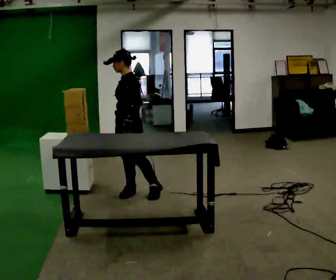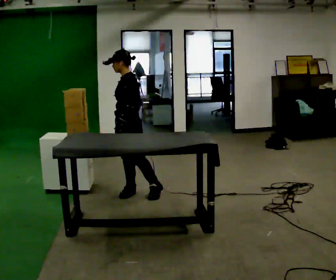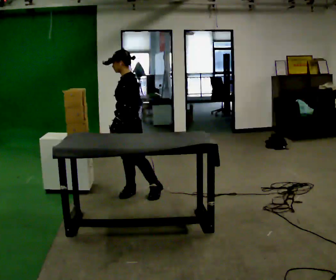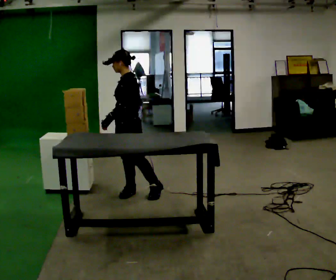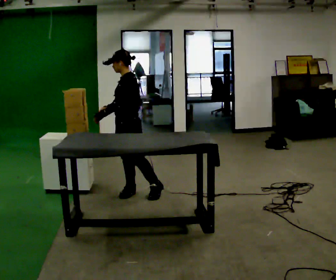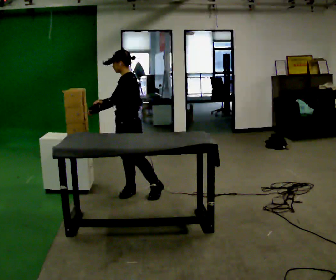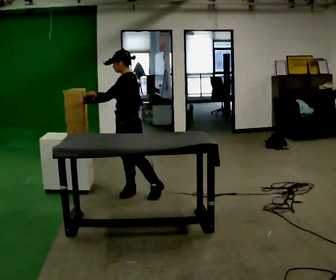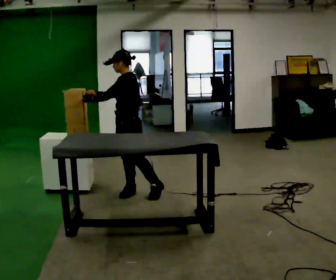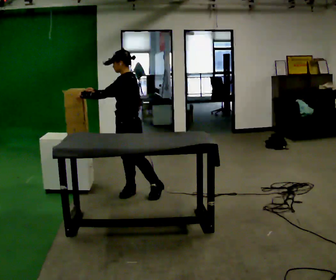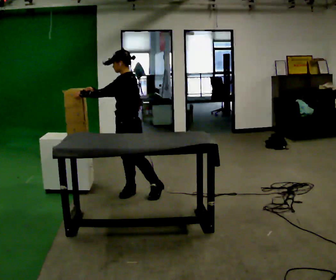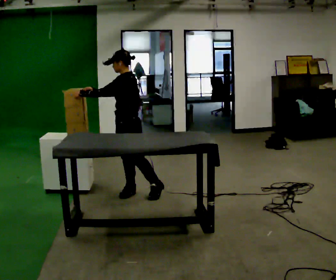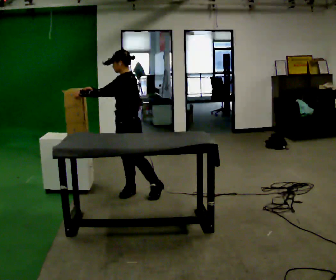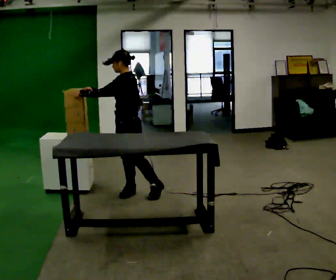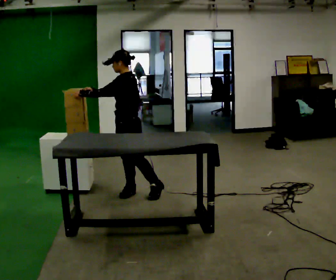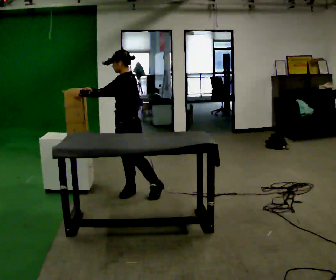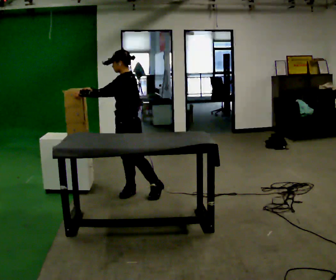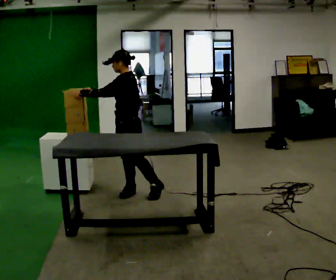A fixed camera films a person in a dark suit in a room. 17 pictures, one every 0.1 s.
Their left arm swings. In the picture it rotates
clockwise.
Their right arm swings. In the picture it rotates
clockwise.
0.0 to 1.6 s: In the picture their left hand goes to the left, the arm swinging clockwise.
The film runs forward here.
